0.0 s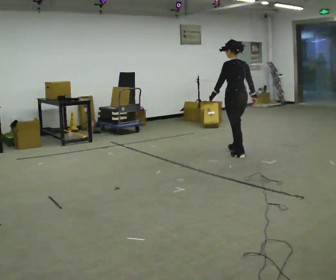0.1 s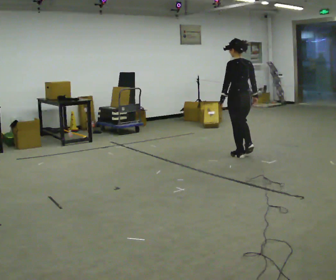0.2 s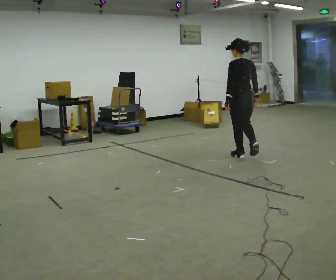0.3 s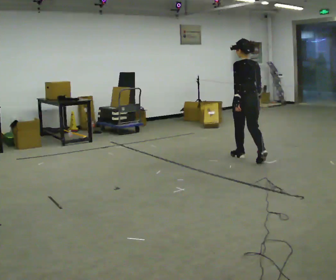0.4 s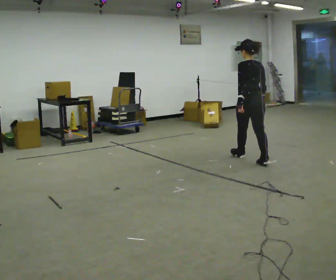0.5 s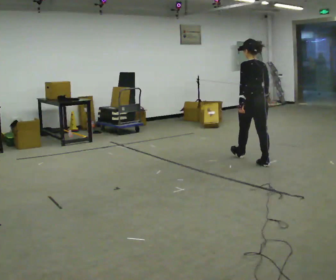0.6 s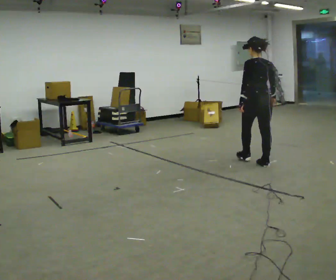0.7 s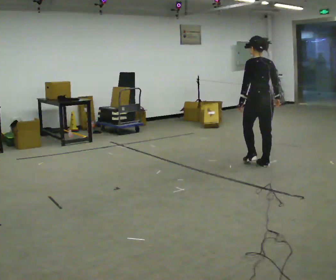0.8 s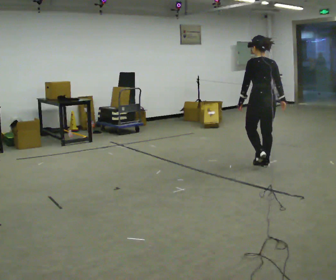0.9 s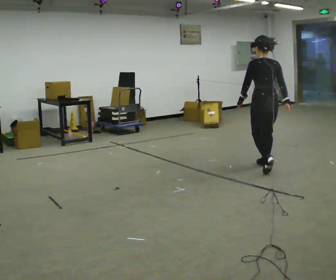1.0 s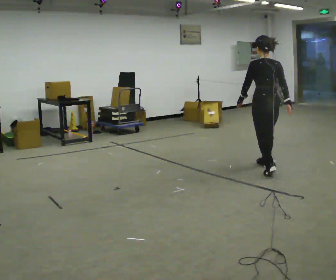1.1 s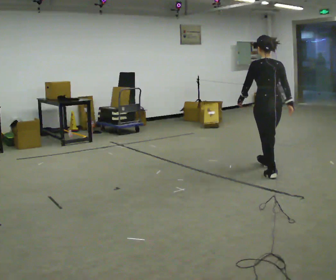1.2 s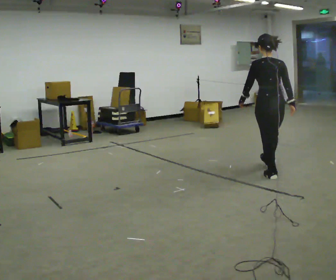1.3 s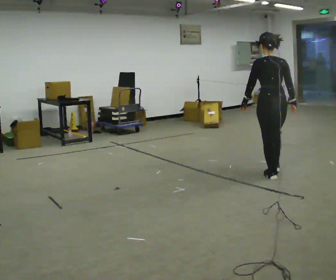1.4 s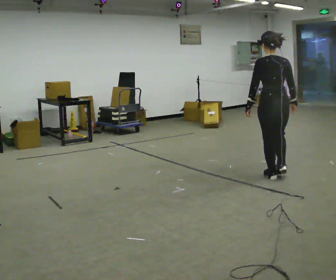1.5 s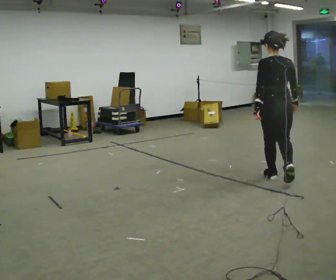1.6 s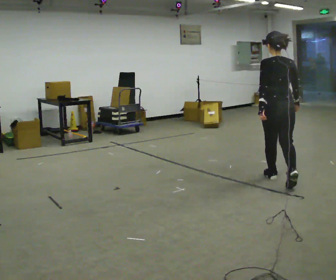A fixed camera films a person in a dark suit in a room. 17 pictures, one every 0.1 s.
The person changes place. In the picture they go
toward the camera.
0.0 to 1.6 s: The person turns about 30 degrees to their right, clockwise seen from above, so the part of the body nearest the lens slides to the left. In the picture they go toward the camera, about 1.5 m in 2 steps, which for them is backward.
The film runs backward here.
